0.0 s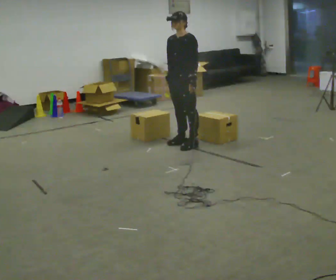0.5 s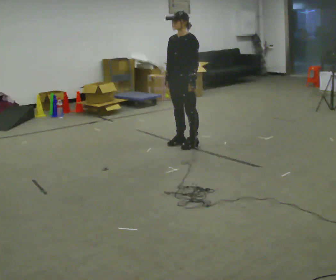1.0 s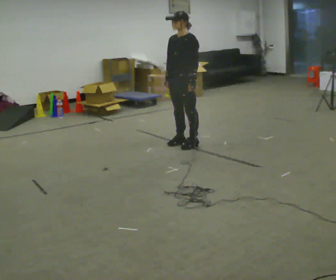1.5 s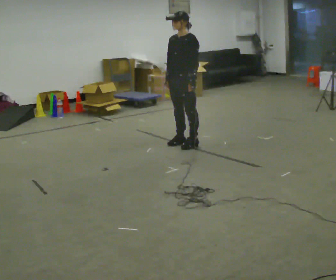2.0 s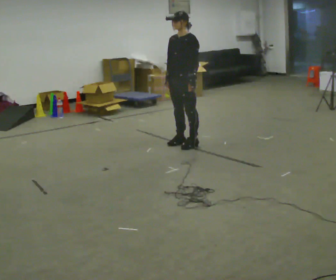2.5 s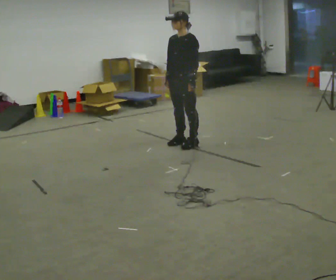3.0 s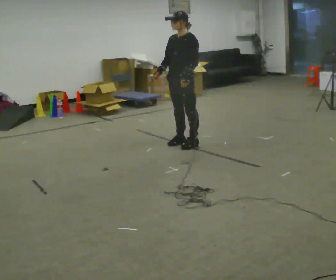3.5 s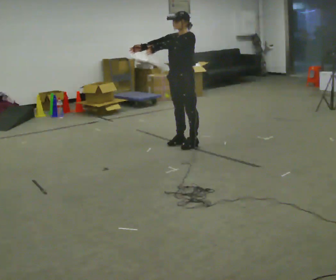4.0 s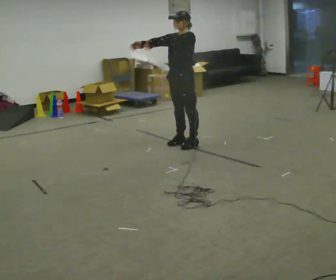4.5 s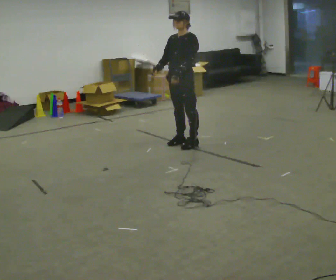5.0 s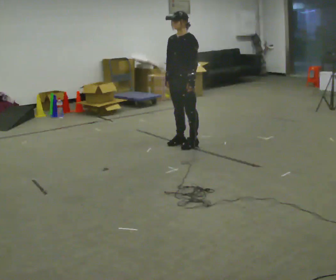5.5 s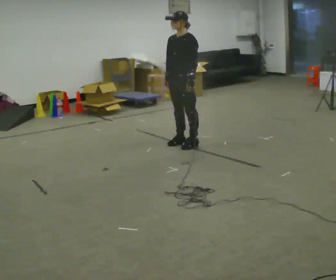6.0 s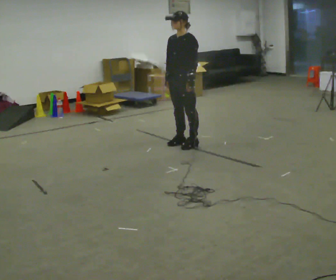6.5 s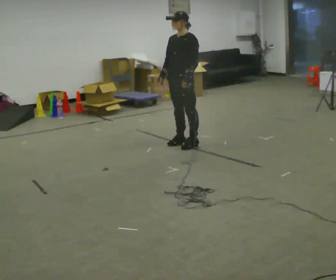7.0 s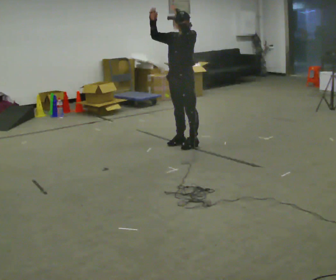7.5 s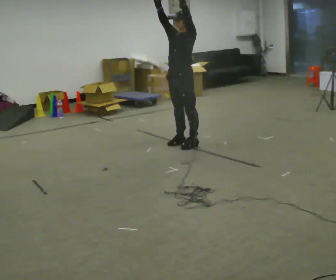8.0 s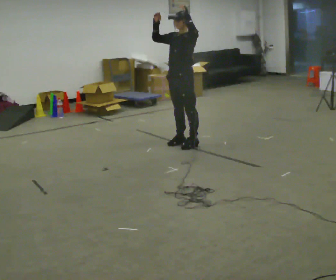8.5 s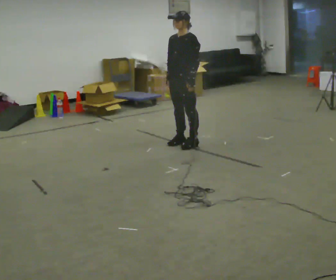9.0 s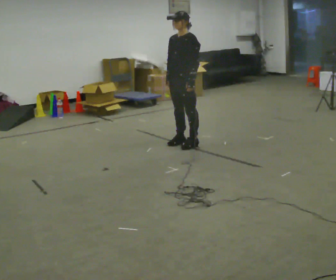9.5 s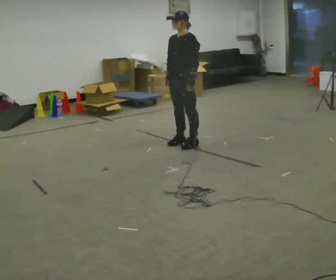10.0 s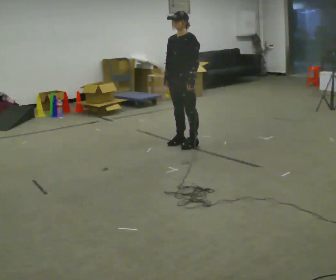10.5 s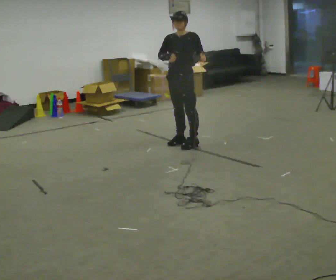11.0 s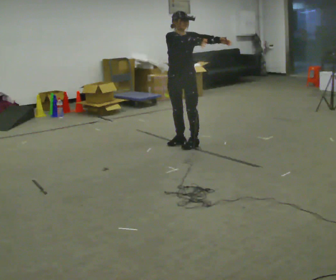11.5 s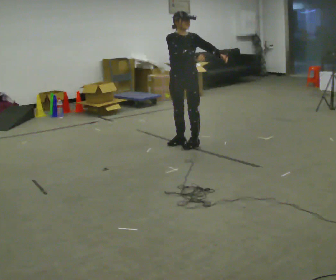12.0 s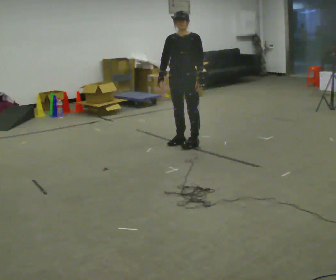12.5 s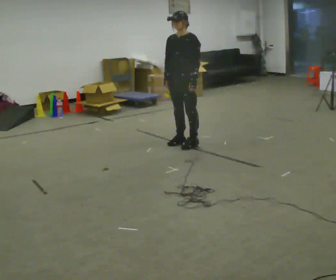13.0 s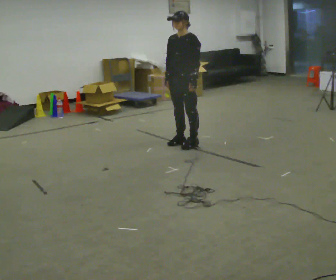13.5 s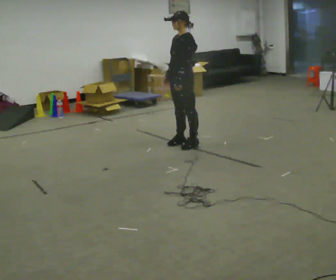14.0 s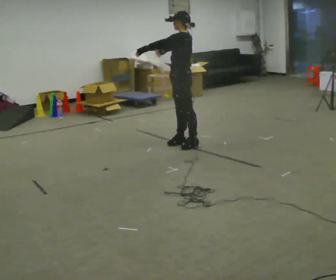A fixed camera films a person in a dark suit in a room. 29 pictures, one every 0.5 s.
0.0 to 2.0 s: The person moves a little, or ends about where they began.
2.0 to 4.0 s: In the picture their right hand goes upward, the arm swinging clockwise.
4.0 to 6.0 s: In the picture their right hand goes downward, the arm swinging counterclockwise.
6.0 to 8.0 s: In the picture their left hand goes upward.
8.0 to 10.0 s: In the picture their left hand goes downward.
10.0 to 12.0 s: The person moves a little, or ends about where they began.
12.0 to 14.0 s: The part of the body nearest the lens slides to the left as the person turns to their right by about 60 degrees. In the picture their left hand goes to the left and upward, the arm swinging clockwise.
The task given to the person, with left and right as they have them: Reach as far as you comfortably can in each direction the operator calls: up, down, forward, each side, and behind. Hold each one briefly. Keep both feet on the marked spots for the whole take. If you have to step, stop and tell the operator.
The film runs forward here.
